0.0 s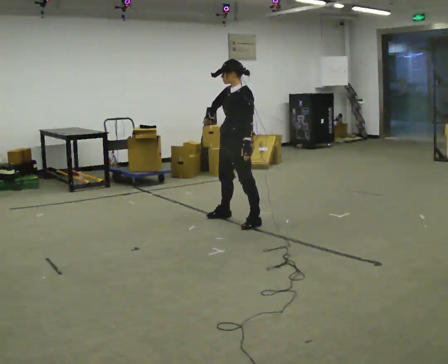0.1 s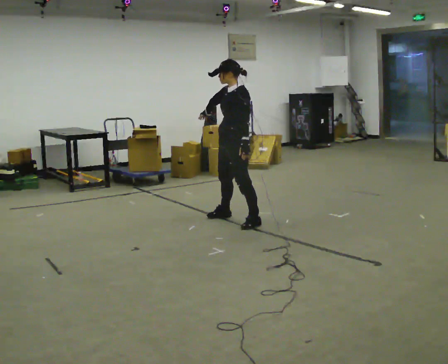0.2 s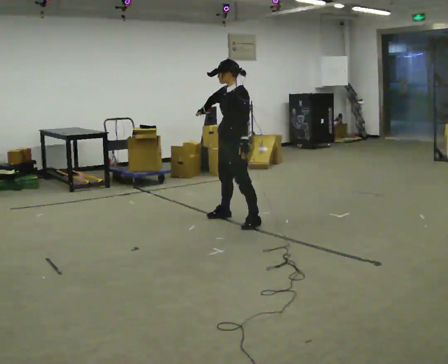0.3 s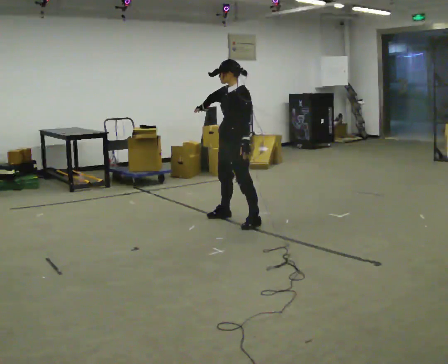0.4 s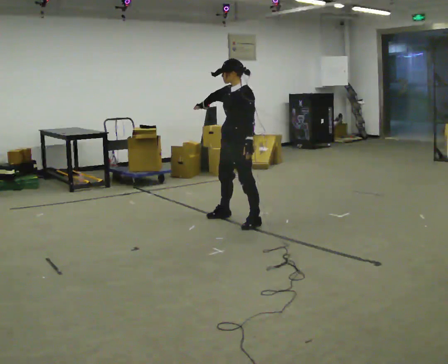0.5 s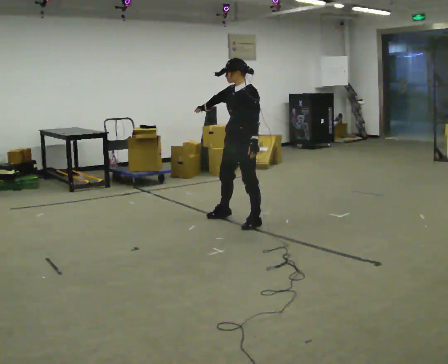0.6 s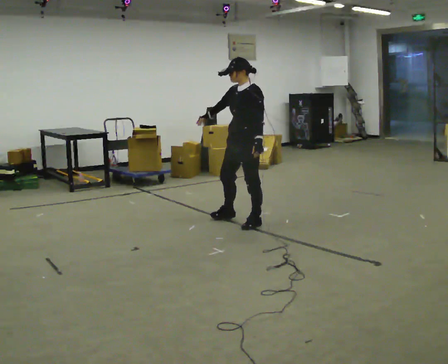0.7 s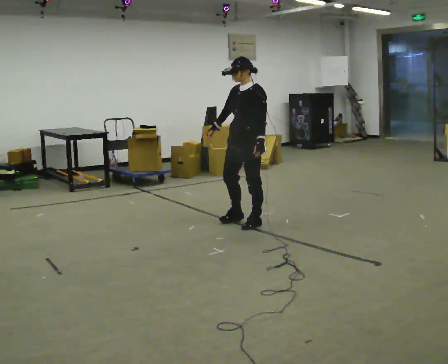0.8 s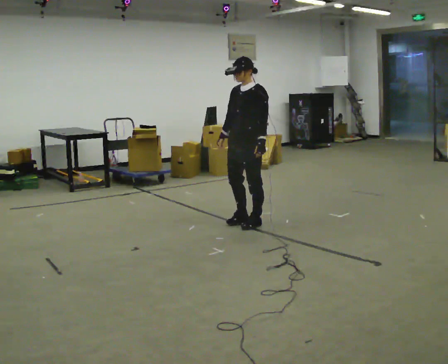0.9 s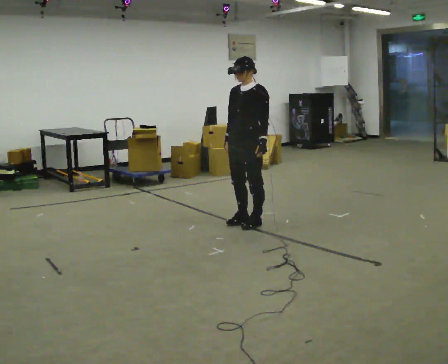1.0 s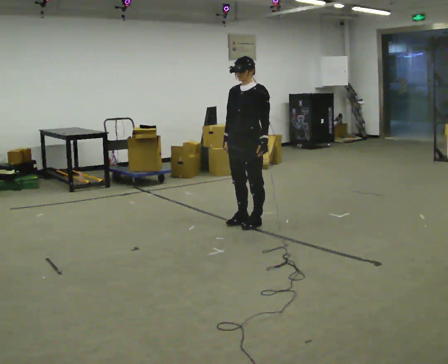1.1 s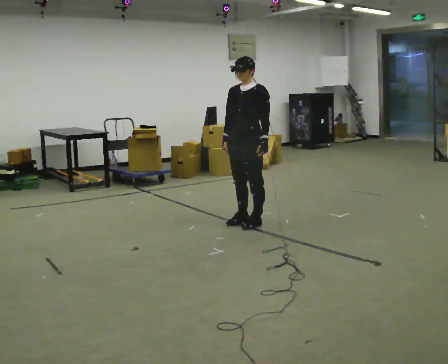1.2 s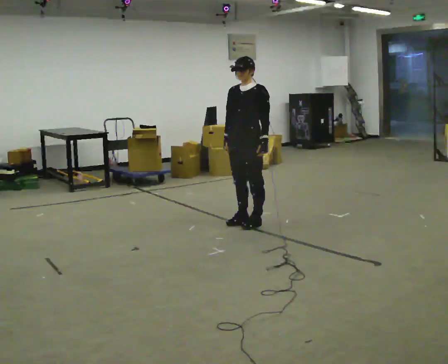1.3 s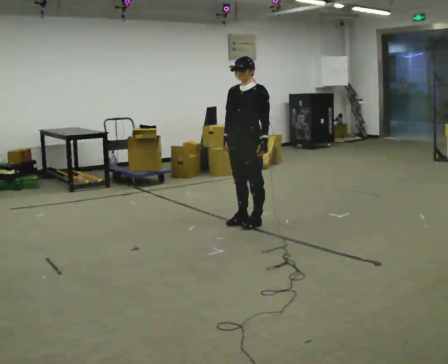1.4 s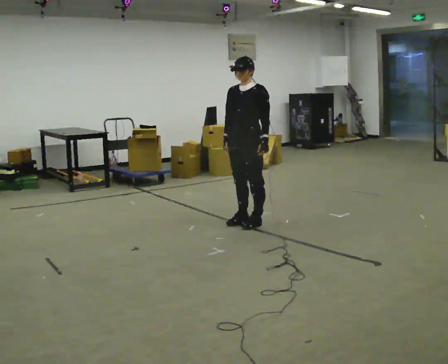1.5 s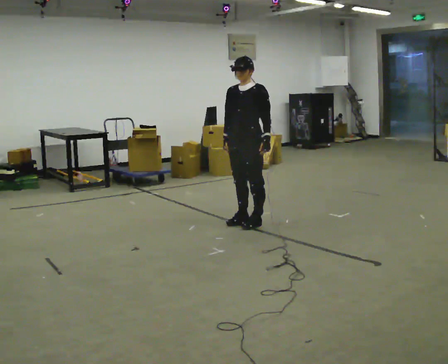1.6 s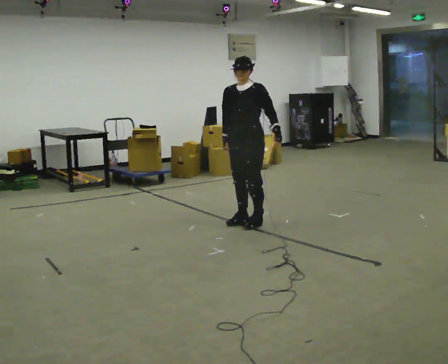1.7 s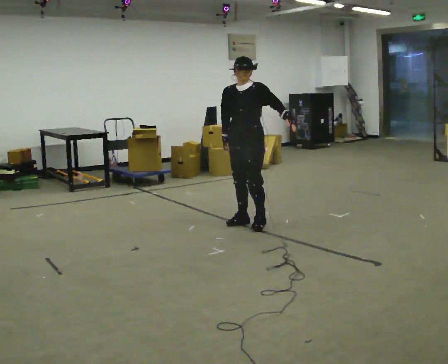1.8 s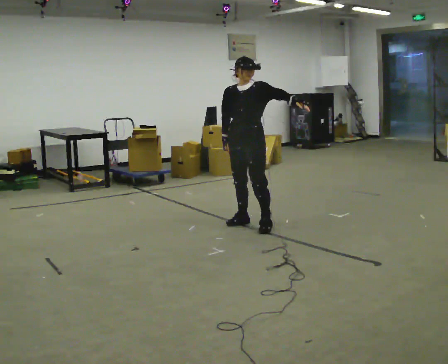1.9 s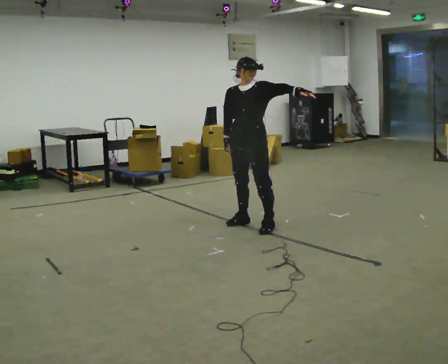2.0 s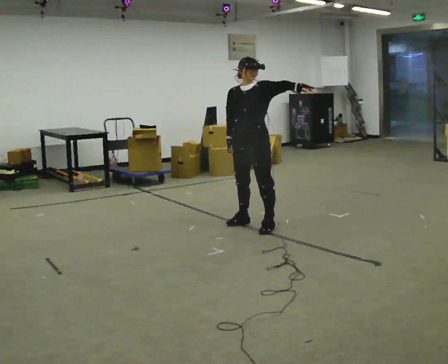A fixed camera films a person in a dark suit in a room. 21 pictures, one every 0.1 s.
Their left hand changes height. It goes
upward.
Their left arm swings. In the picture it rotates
counterclockwise.
0.0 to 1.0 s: The person moves a little, or ends about where they began.
1.0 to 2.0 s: In the picture their left hand goes upward, the arm swinging counterclockwise.
The film runs forward here.
